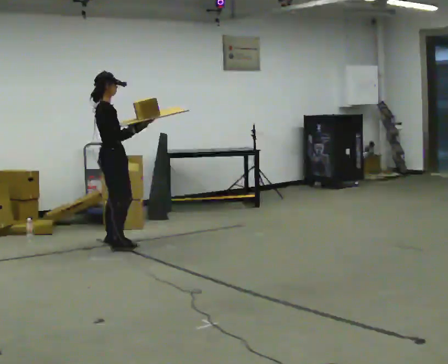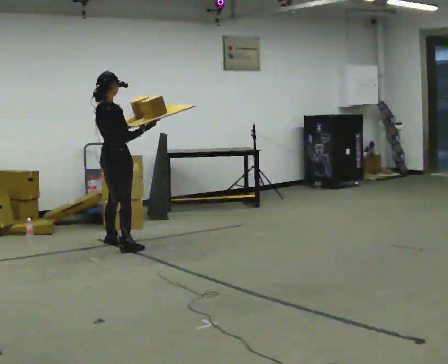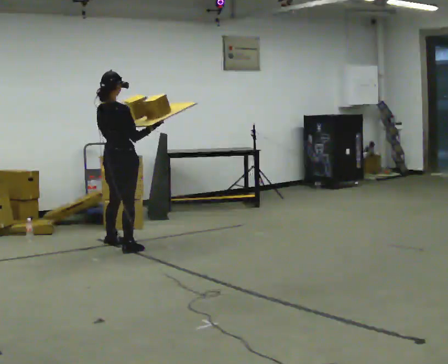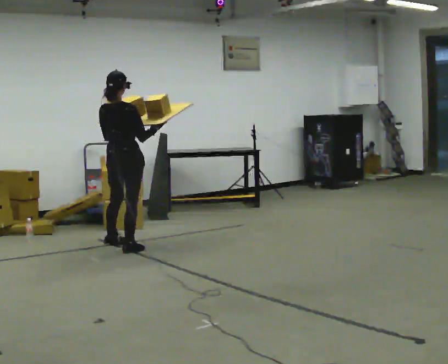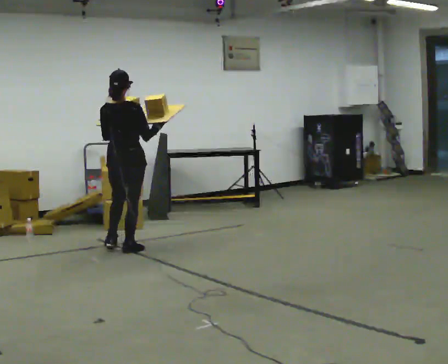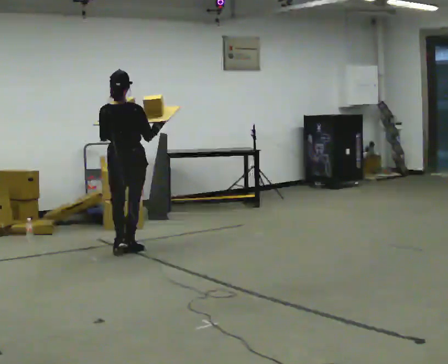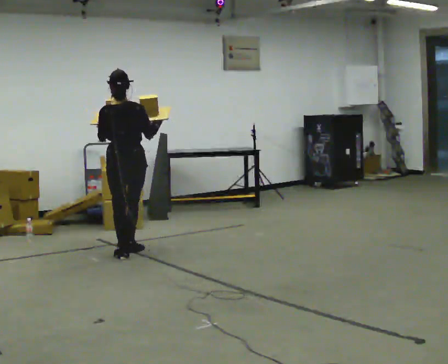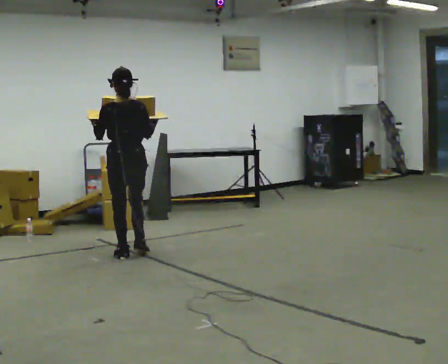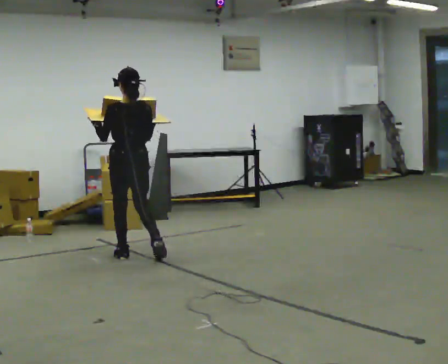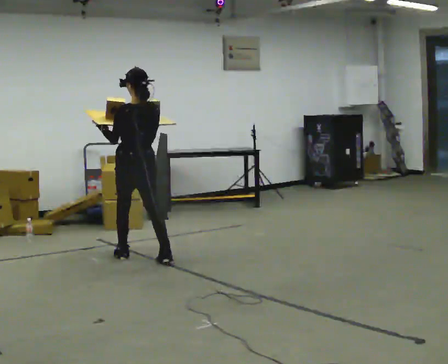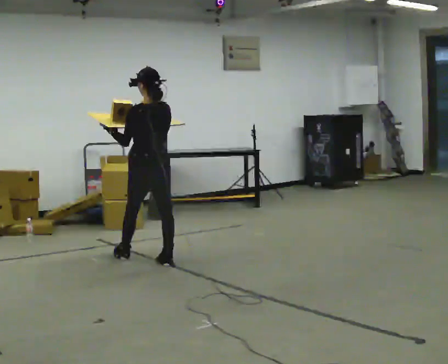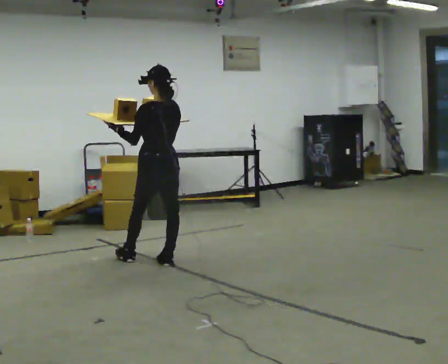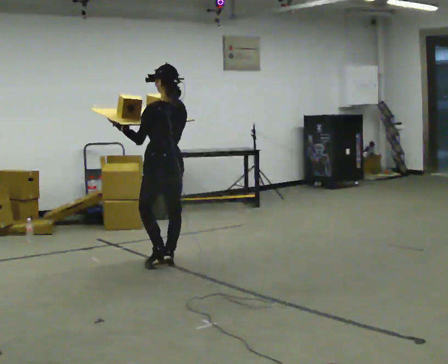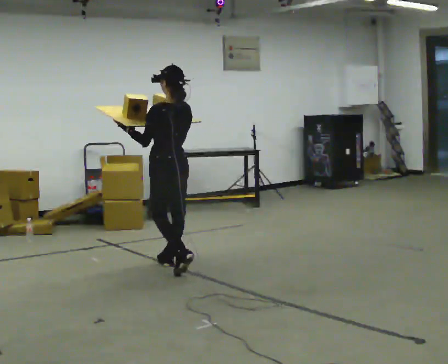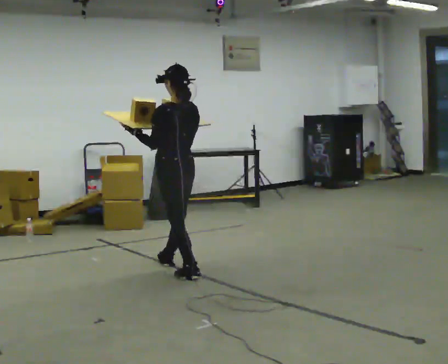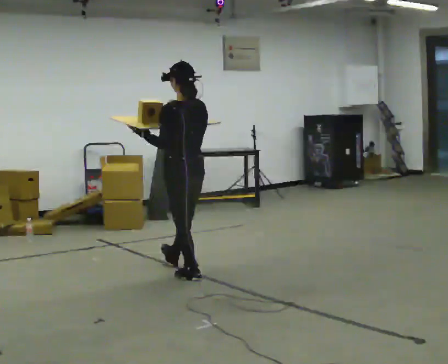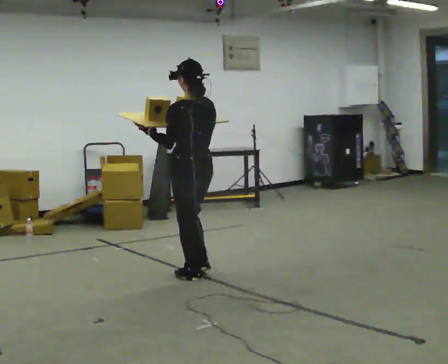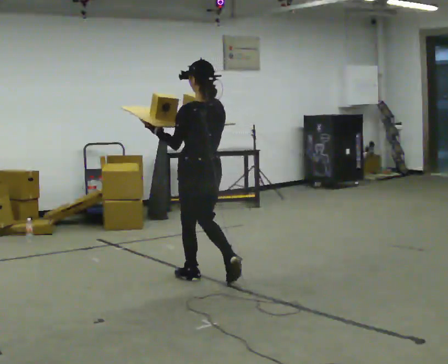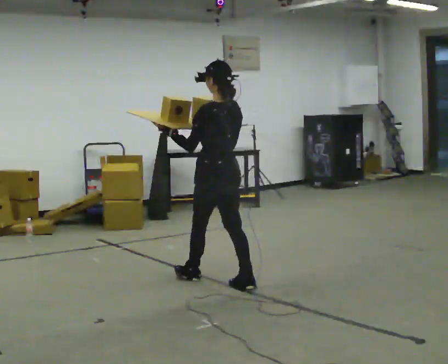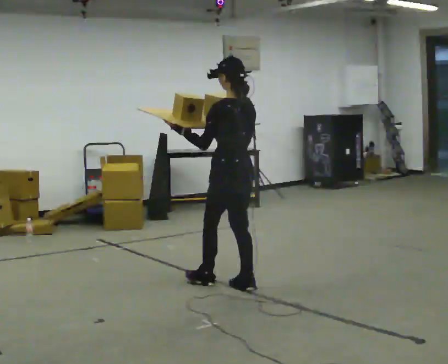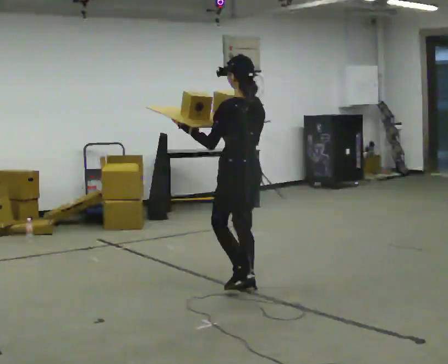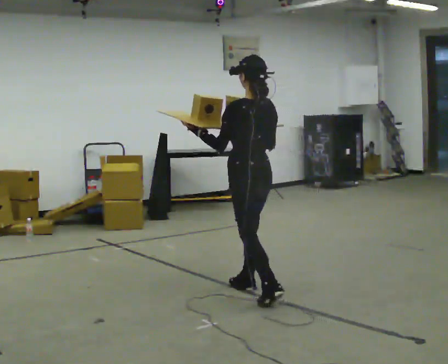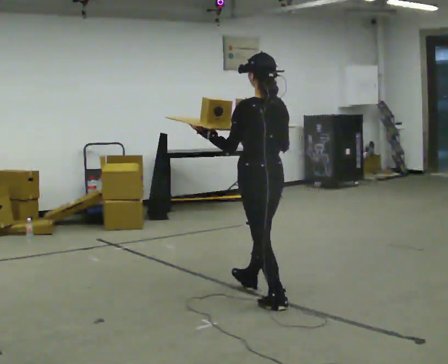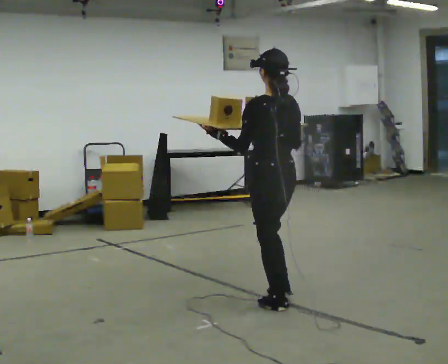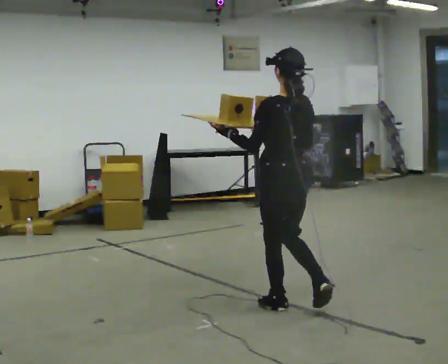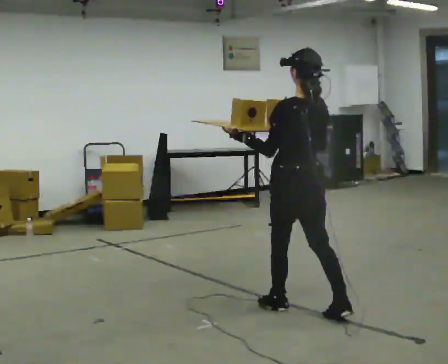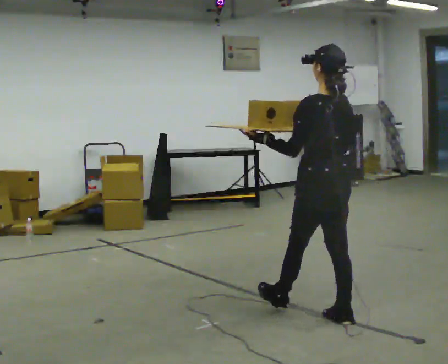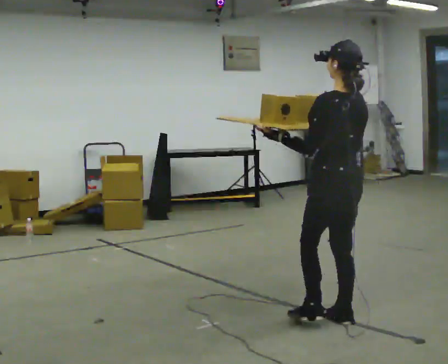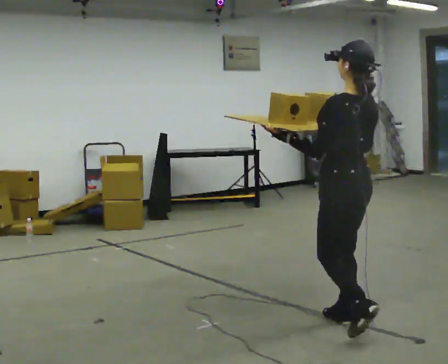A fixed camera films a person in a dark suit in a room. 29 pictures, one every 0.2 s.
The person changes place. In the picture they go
toward the camera.
0.0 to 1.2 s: The part of the body nearest the lens slides to the right as the person turns to their left by about 75 degrees. In the picture they go toward the camera and to the right, about 0.5 m in 1 step.
1.2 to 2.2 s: The part of the body nearest the lens slides to the right as the person turns to their left by about 30 degrees. In the picture they go toward the camera and to the right, about 0.5 m in 2 steps, which for them is backward and to their right.
2.2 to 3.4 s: In the picture they go toward the camera and to the right, about 0.75 m in 1 step, which for them is backward.
3.4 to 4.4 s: In the picture they go toward the camera and to the right, about 0.75 m in 2 steps, which for them is backward.
4.4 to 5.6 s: In the picture they go toward the camera and to the right, about 1 m in 1 step, which for them is backward.
The film runs backward here.
